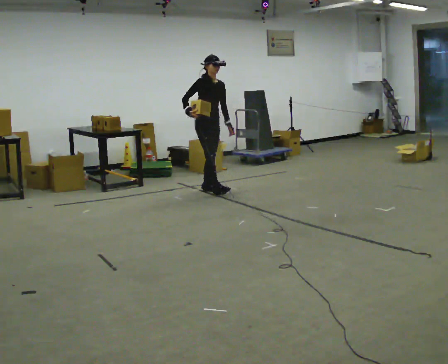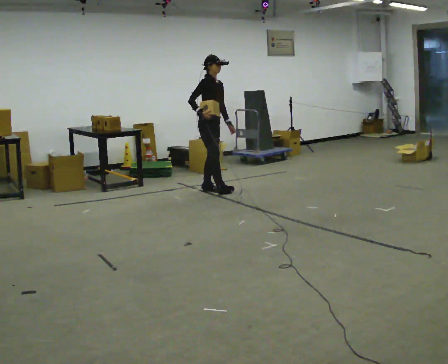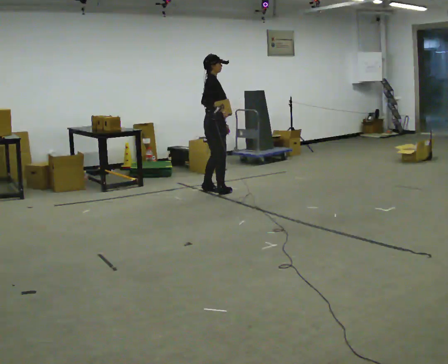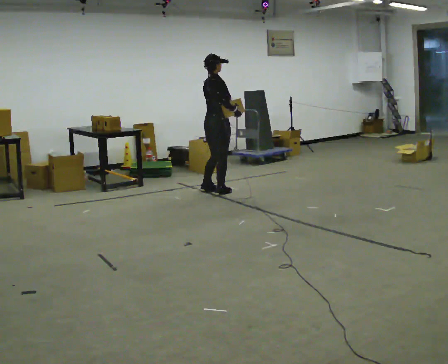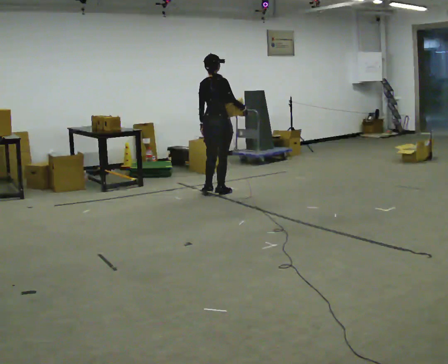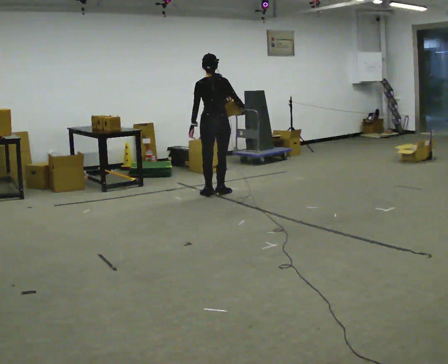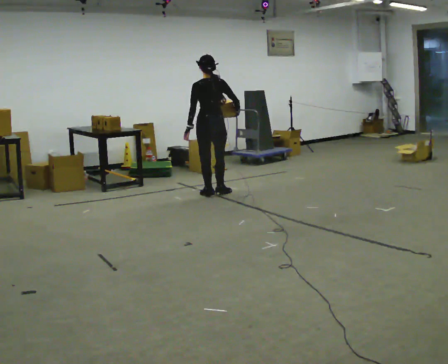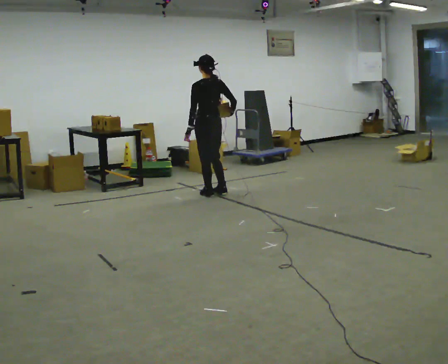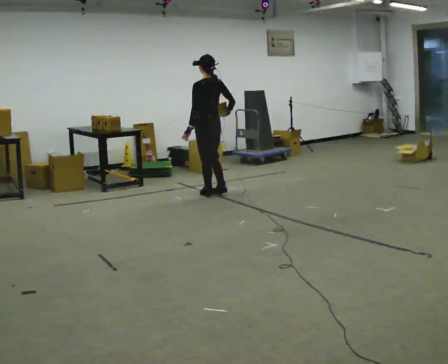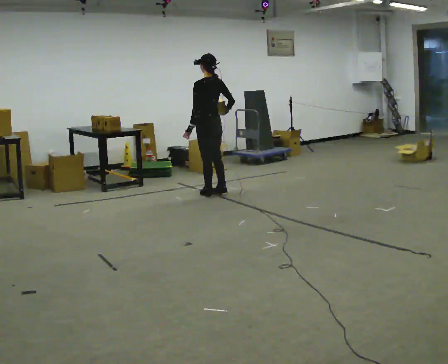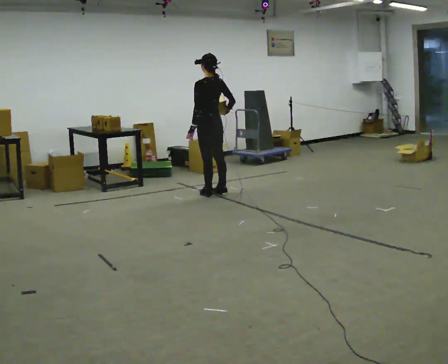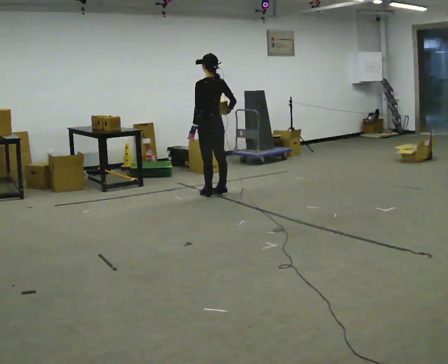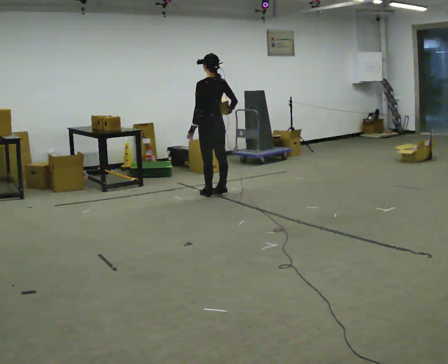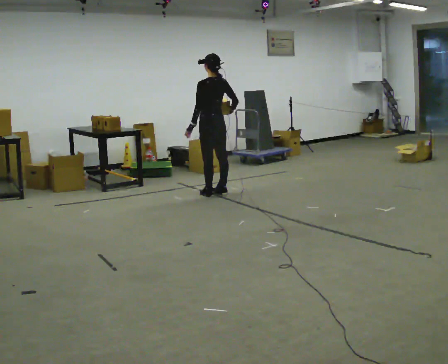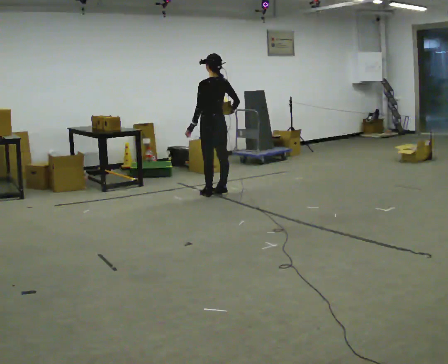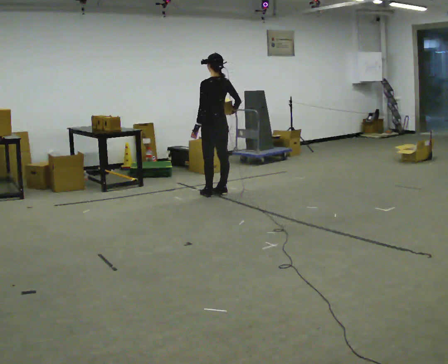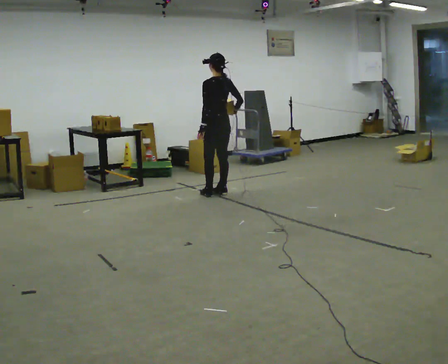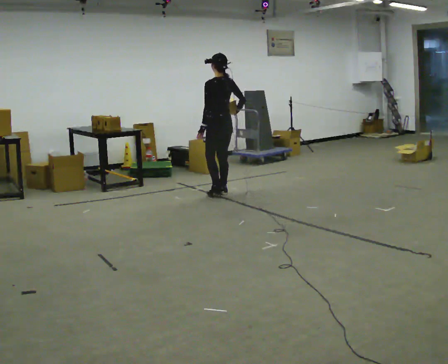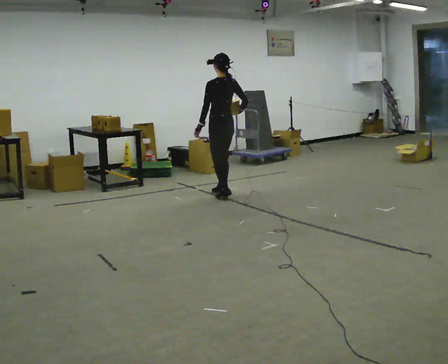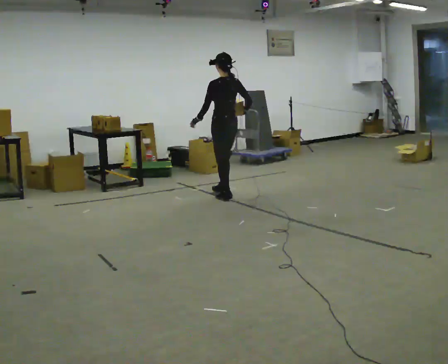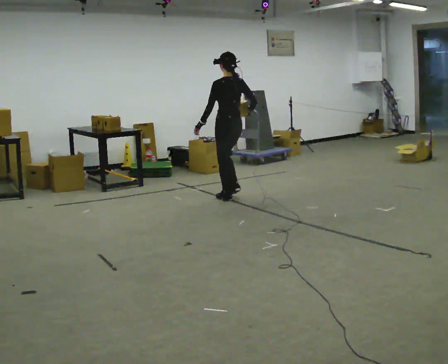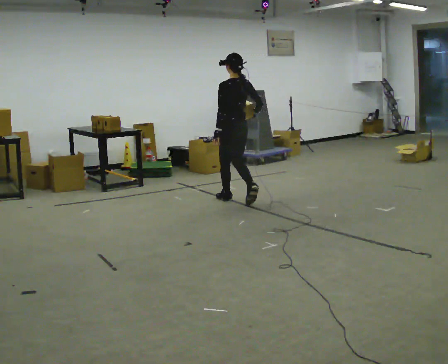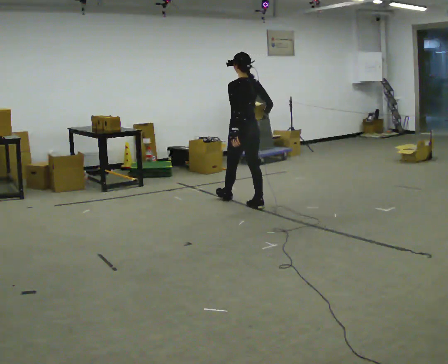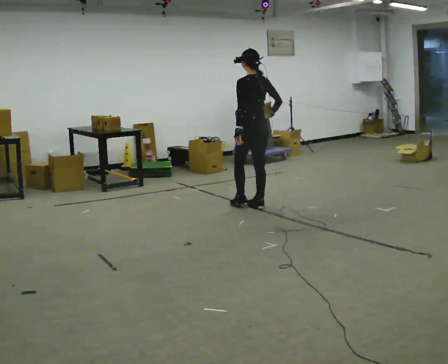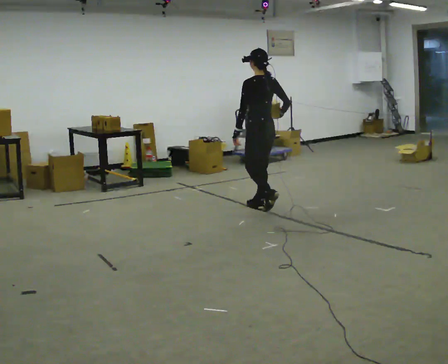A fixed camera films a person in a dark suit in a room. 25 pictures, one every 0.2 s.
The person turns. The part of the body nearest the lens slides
to the right.
The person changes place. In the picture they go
toward the camera.
0.0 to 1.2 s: Seen from above the body turns counterclockwise, about 150 degrees: to their left, with its near side sliding to the right. In the picture they go toward the camera, about 0.25 m in 1 step. In the picture their right hand goes to the right, the arm swinging counterclockwise.
1.2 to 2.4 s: The person turns about 30 degrees to their left, counterclockwise seen from above, so the part of the body nearest the lens slides to the right.
2.4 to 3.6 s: The person moves a little, or ends about where they began.
3.6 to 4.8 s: In the picture they go toward the camera and to the right, about 0.5 m in 2 steps, which for them is backward.
The film runs backward here.
